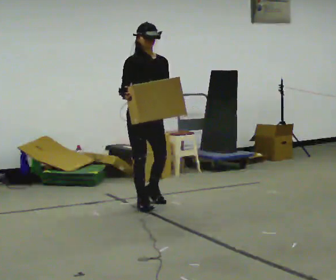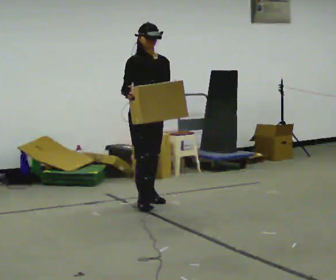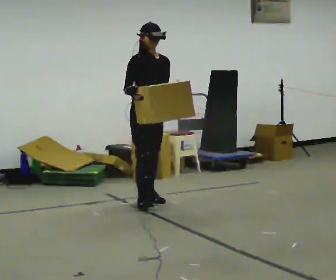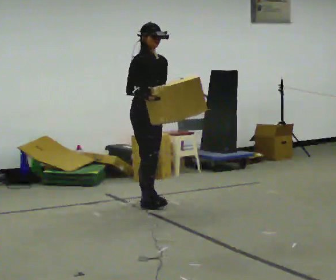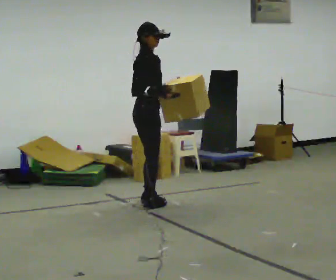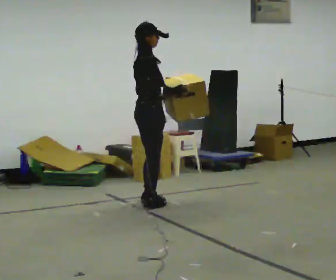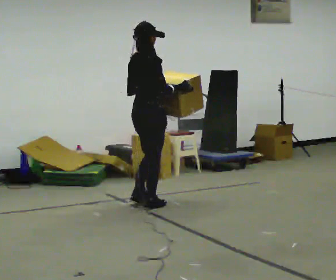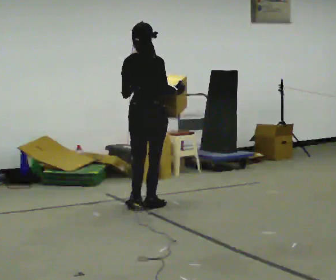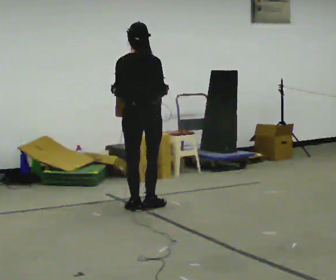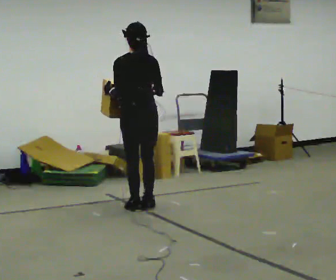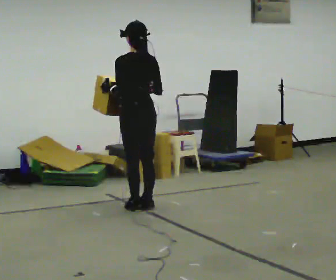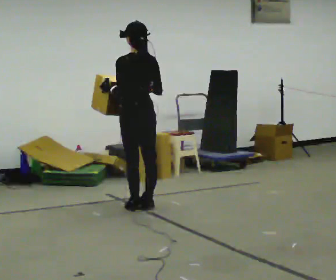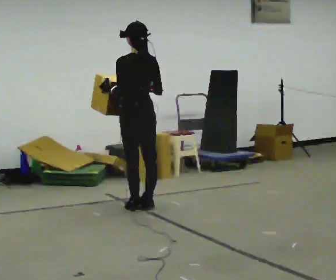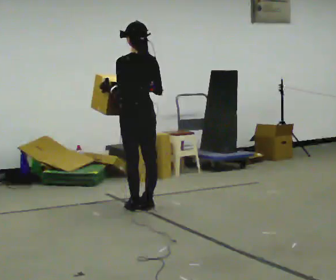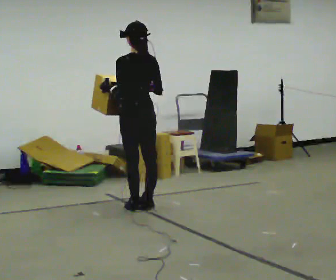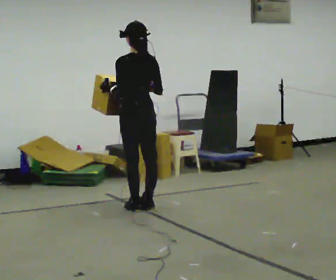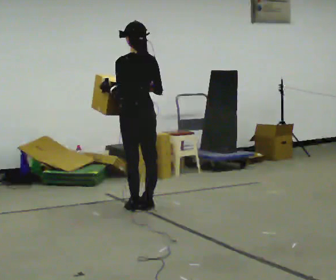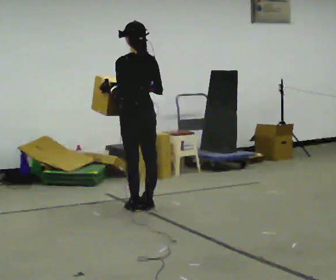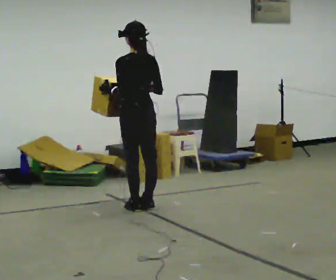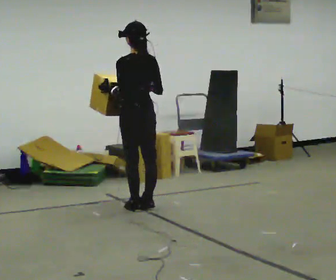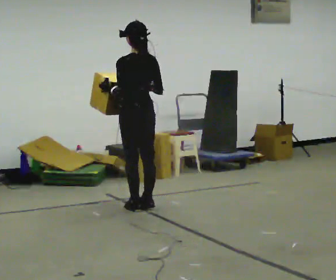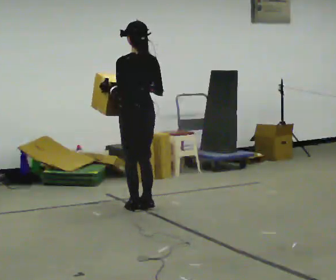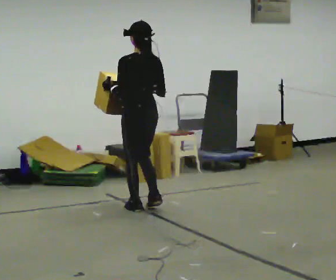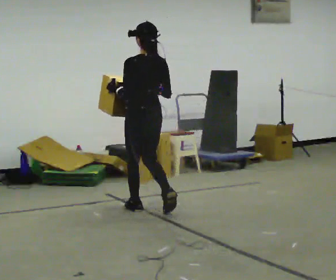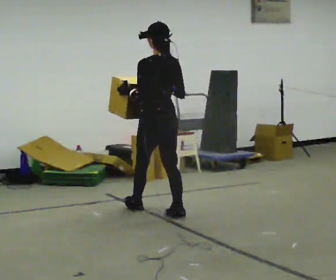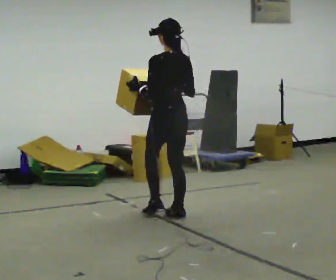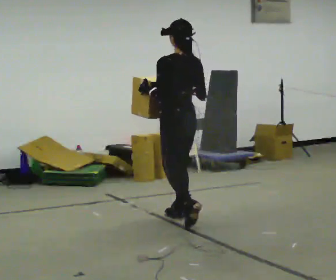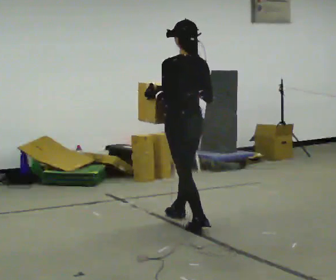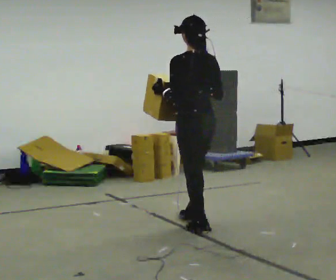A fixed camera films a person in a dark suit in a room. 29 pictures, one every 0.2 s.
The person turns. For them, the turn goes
to their left.
The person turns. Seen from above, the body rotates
counterclockwise.
0.0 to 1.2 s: Seen from above the body turns counterclockwise, about 105 degrees: to their left, with its near side sliding to the right. In the picture their right hand goes to the right.
1.2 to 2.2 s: The person turns about 90 degrees to their left, counterclockwise seen from above, so the part of the body nearest the lens slides to the right.
2.2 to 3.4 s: The person keeps their place and pose.
3.4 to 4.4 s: The person moves a little, or ends about where they began.
4.4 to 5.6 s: In the picture they go toward the camera and to the right, about 1 m in 2 steps, which for them is backward.
The film runs backward here.
